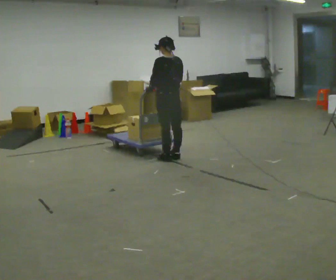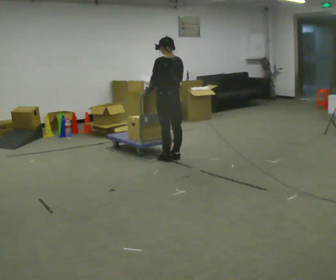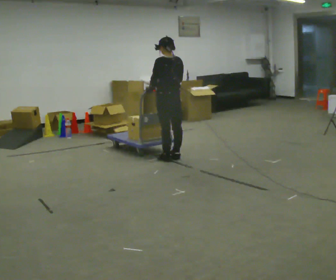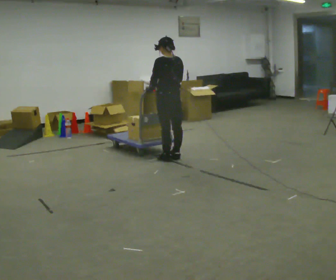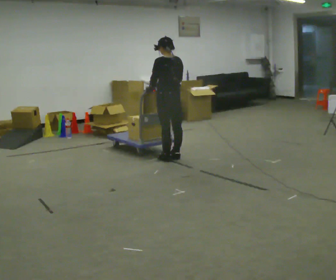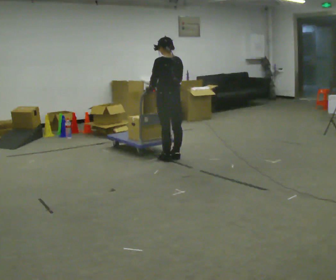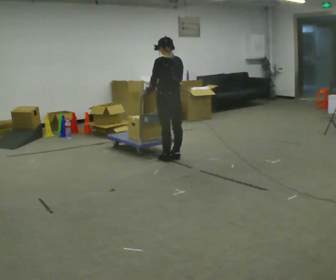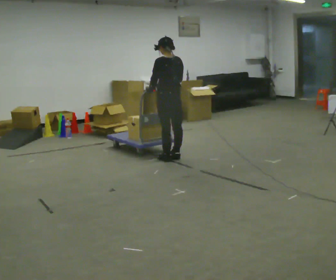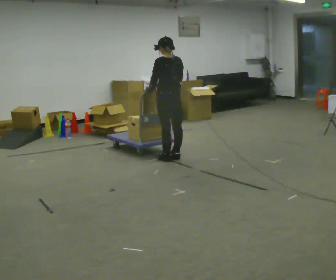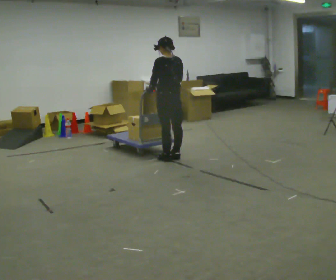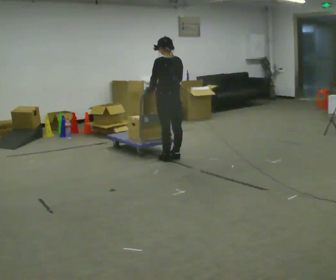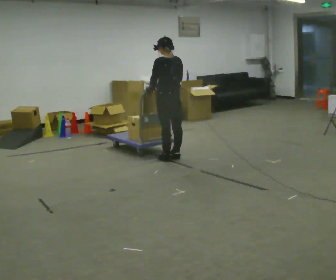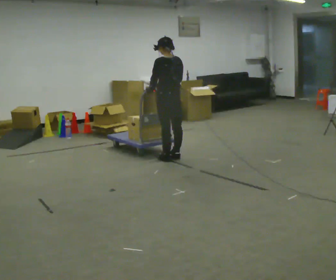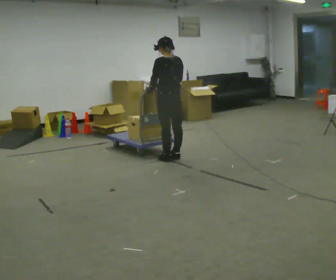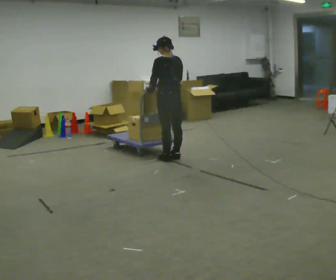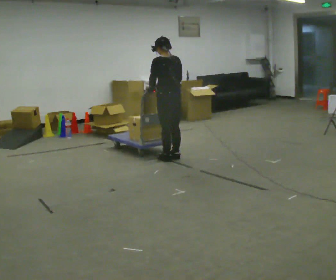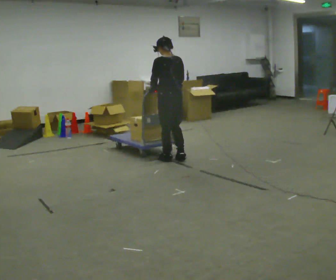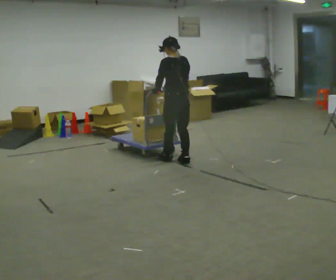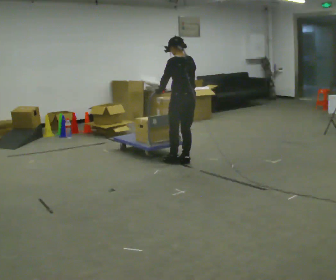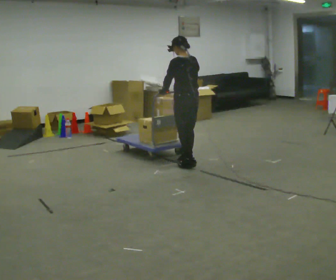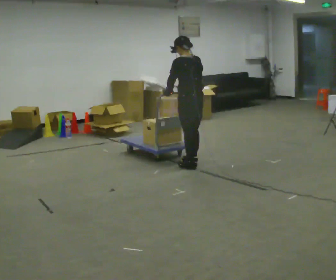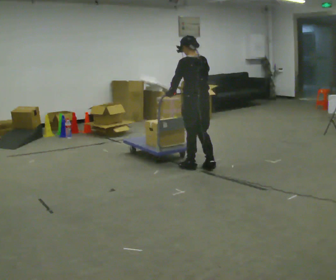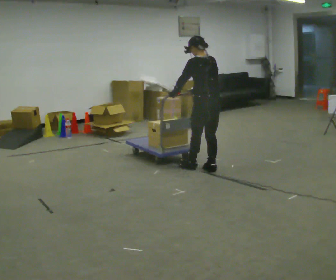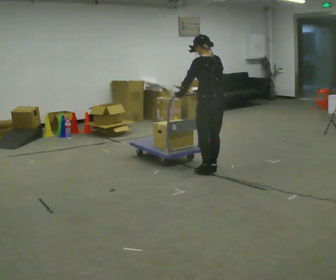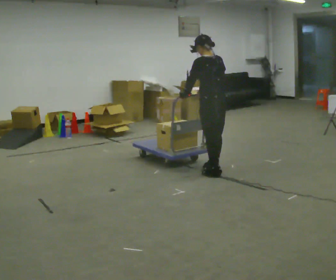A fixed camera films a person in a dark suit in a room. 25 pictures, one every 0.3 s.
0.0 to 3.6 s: The person keeps their place and pose.
3.6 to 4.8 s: The person moves a little, or ends about where they began.
4.8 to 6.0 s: In the picture they go toward the camera and to the right, about 0.5 m in 2 steps, which for them is backward.
6.0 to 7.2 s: In the picture they go toward the camera and to the right, about 0.25 m in 2 steps, which for them is backward.
The film runs forward here.
